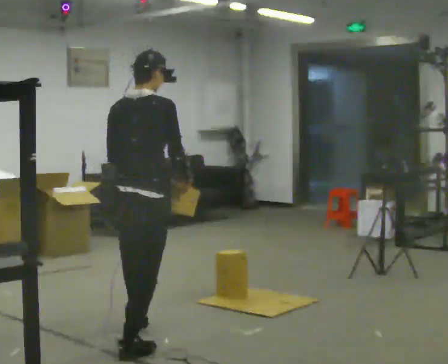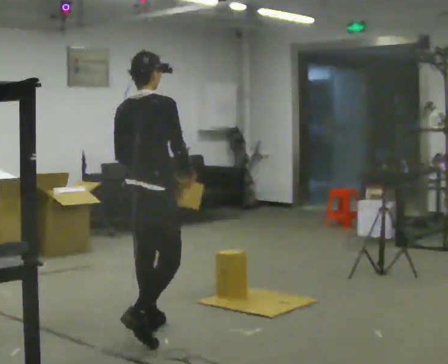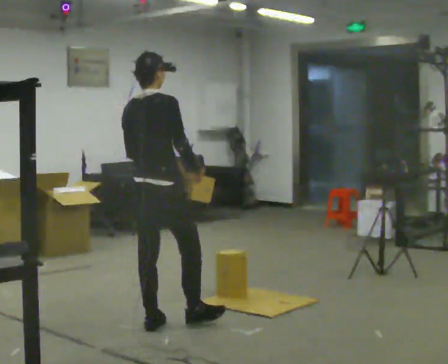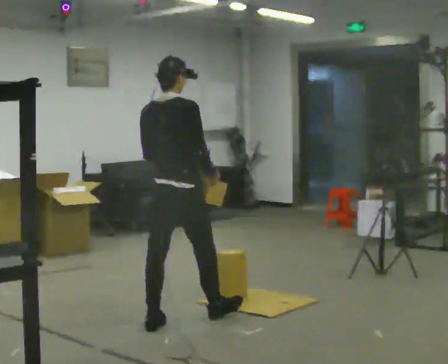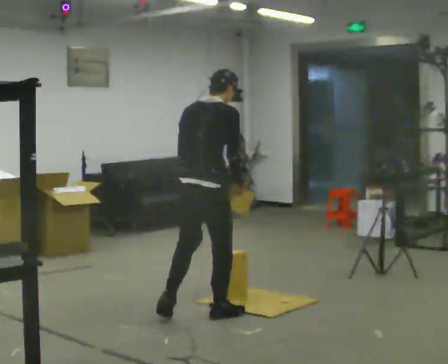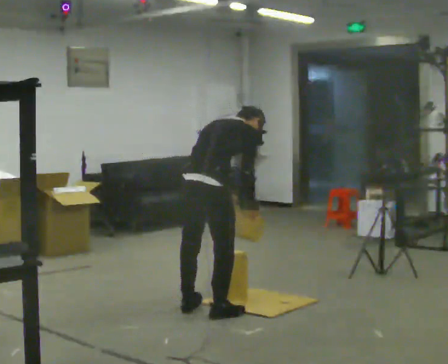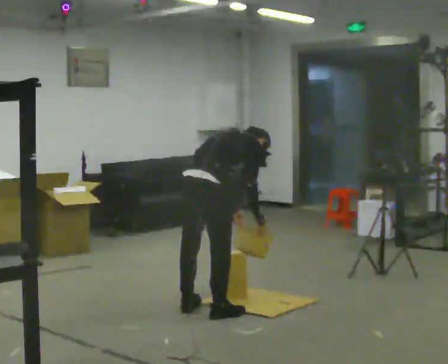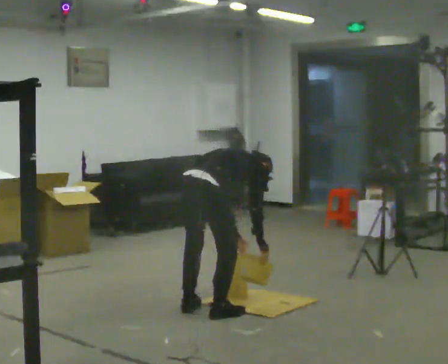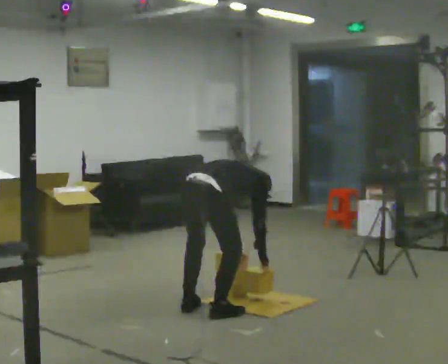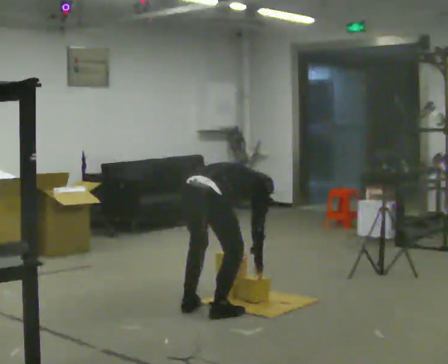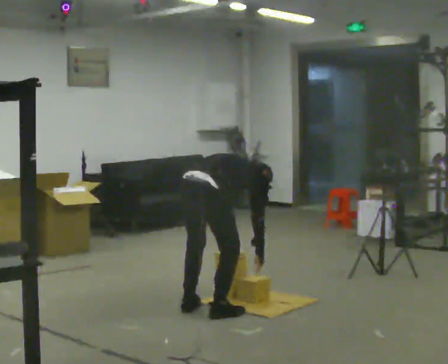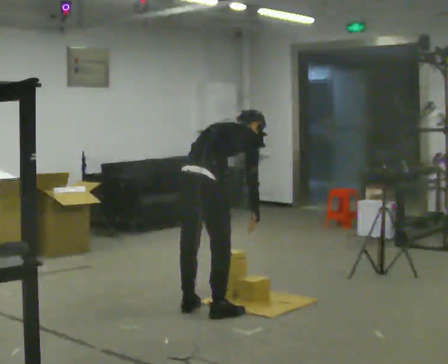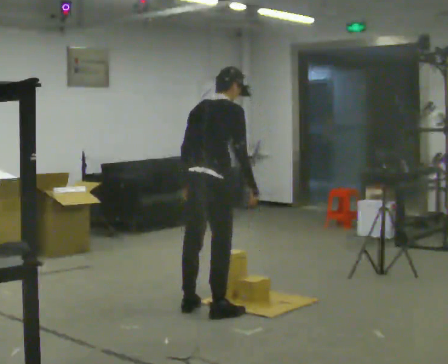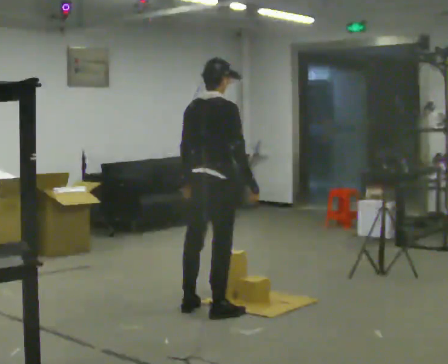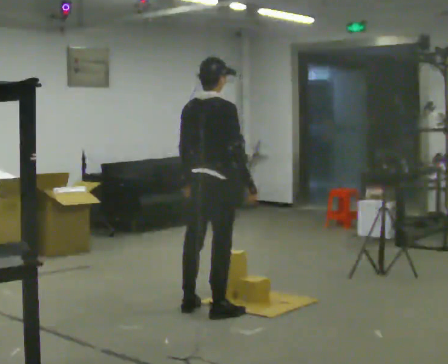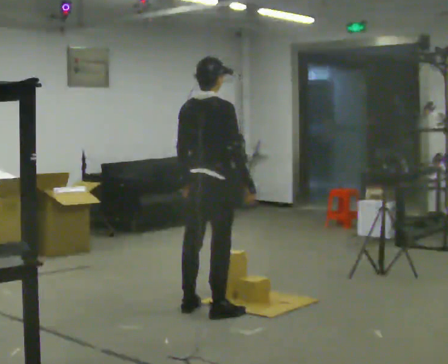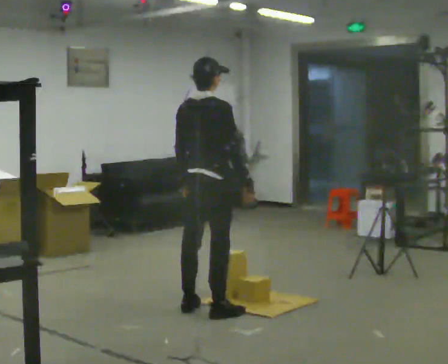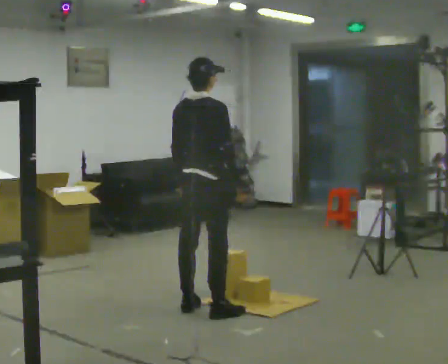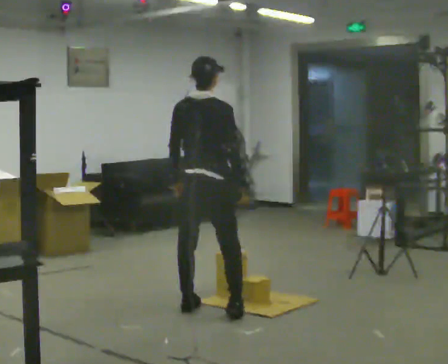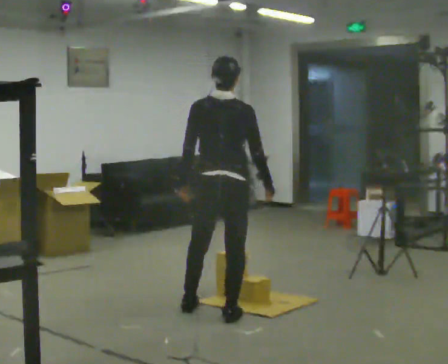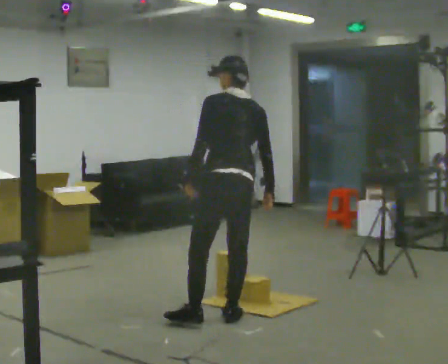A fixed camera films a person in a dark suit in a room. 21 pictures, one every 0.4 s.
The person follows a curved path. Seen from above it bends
clockwise.
0.0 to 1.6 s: In the picture they go away from the camera and to the right, about 0.75 m in 2 steps, which for them is forward.
1.6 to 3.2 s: The shoulders move downward. The upper body tips away from the camera, its near side rolling upward, as they bend forward. In the picture their left hand goes downward.
3.2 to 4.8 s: The upper body goes upward. The upper body tips toward the camera, its near side rolling downward, as they lean back or straighten. In the picture their right hand goes upward.
4.8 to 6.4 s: The person moves a little, or ends about where they began.
6.4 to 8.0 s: The person turns about 60 degrees to their left, counterclockwise seen from above, so the part of the body nearest the lens slides to the right. In the picture they go toward the camera, about 0.25 m in 1 step, which for them is to their right and backward.
The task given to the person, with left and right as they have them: 1. Bring the boxes over from the shelf one at a time. 2. Stack them on the pallet with the heaviest at the bottom. 3. Do not stack more than three high. 4. Tell the operator when you are finished.
The film runs forward here.
